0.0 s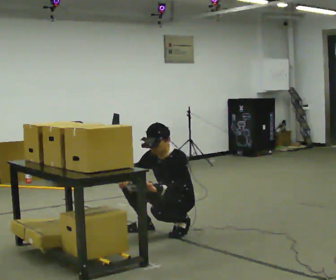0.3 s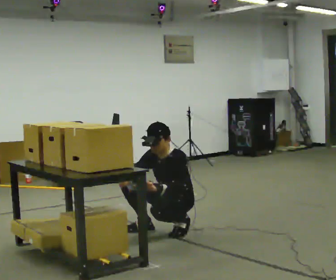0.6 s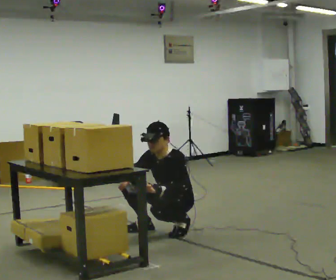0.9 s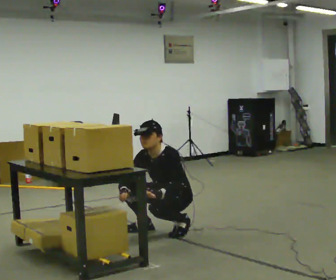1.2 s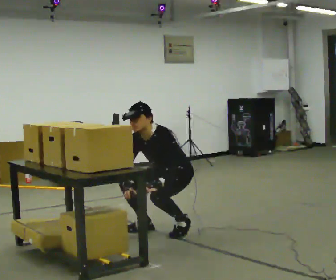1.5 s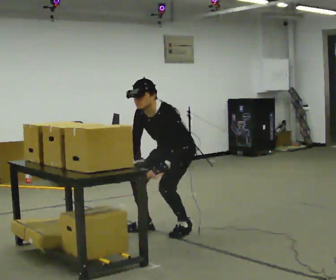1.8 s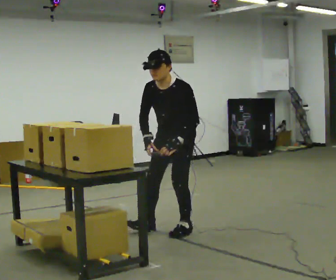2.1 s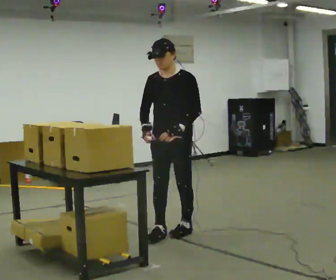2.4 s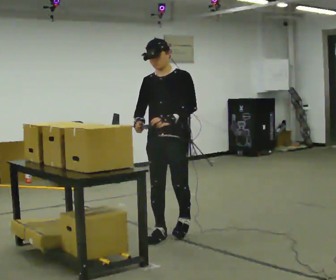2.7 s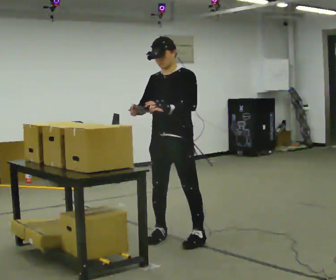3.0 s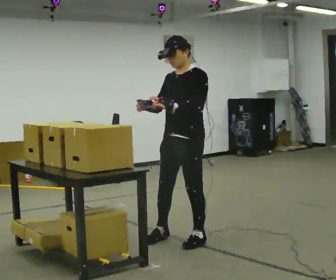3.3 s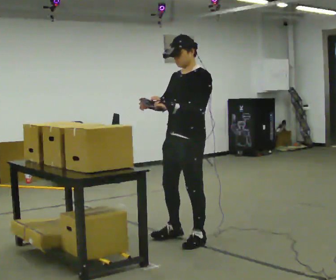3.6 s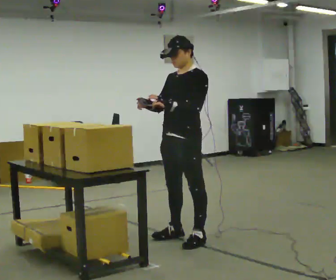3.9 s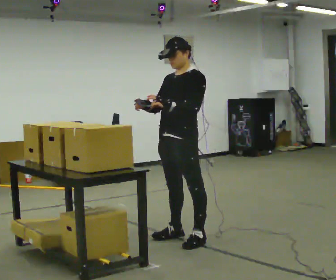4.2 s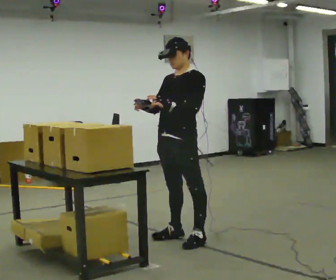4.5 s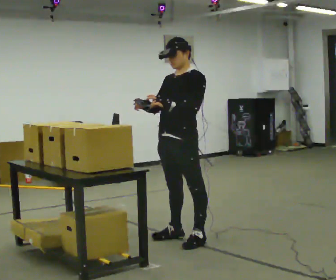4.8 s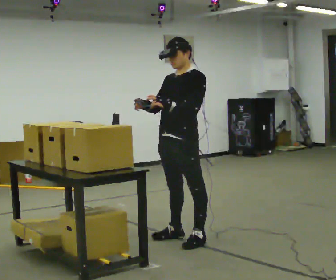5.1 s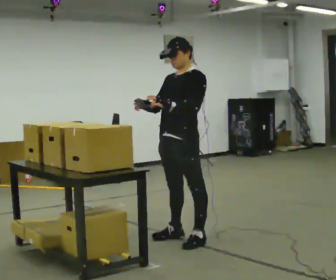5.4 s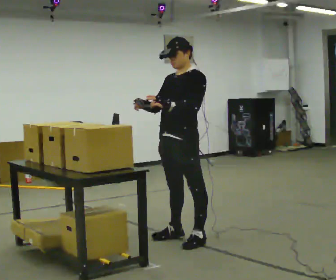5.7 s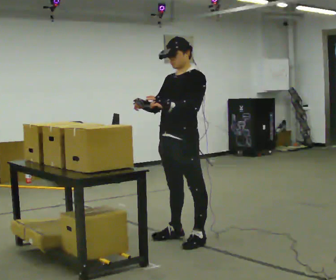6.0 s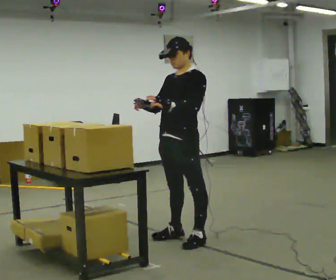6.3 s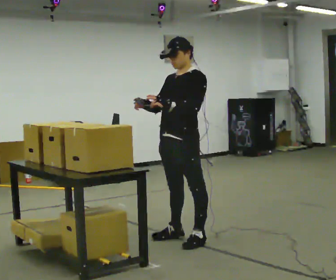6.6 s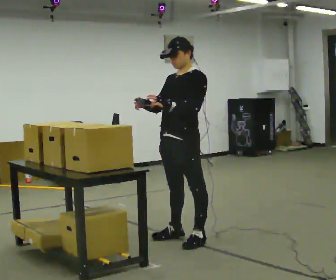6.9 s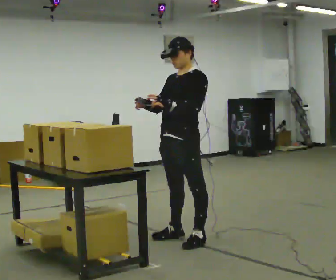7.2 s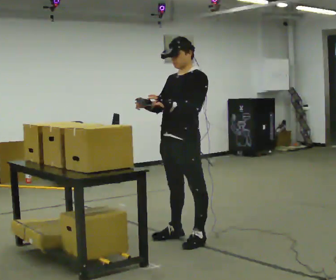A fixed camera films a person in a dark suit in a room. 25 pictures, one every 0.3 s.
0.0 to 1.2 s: The shoulders move upward. In the picture the upper body tilts counterclockwise, shoulders to the left, as they bend forward.
1.2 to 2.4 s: In the picture they go toward the camera, about 0.25 m in 1 step, which for them is forward. The upper body goes upward. The upper body tips away from the camera, its near side rolling upward, as they lean back or straighten. In the picture their right hand goes upward.
2.4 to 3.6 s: The person turns about 30 degrees to their right, clockwise seen from above, so the part of the body nearest the lens slides to the left.
3.6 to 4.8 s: The person moves a little, or ends about where they began.
4.8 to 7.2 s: The person keeps their place and pose.
The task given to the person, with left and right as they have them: Point the scanner at each label on the shelf in front of you and press the button. Repeat at your own pace until the operator says stop. Keep both feet on the marked spots for the whole take. If you have to step, stop and tell the operator.
The film runs forward here.
